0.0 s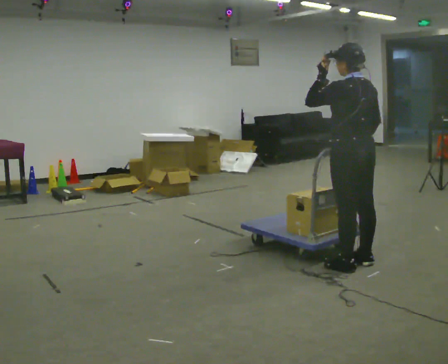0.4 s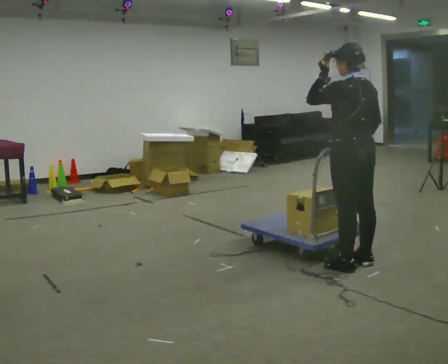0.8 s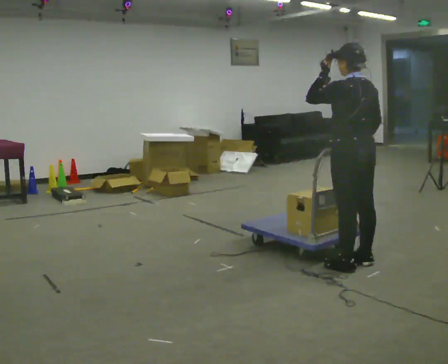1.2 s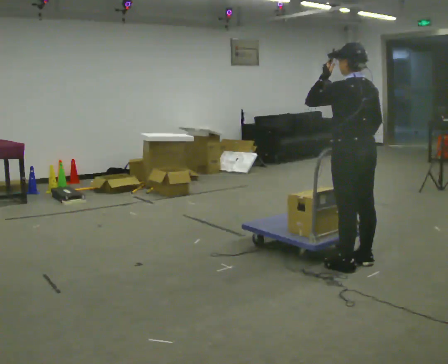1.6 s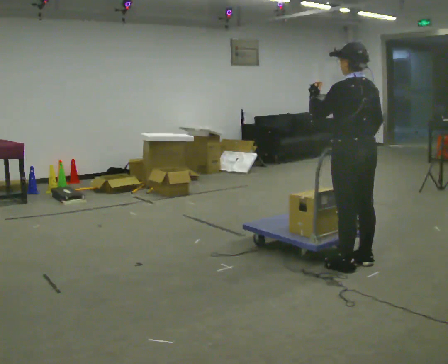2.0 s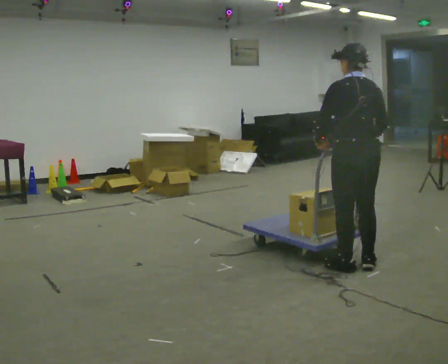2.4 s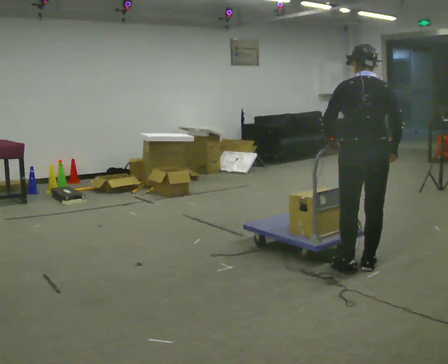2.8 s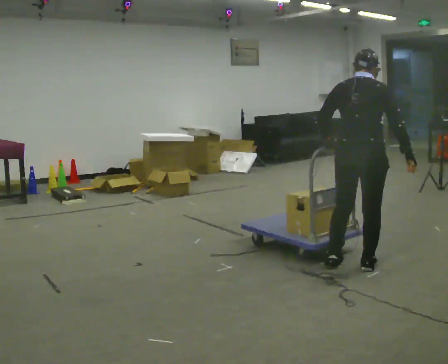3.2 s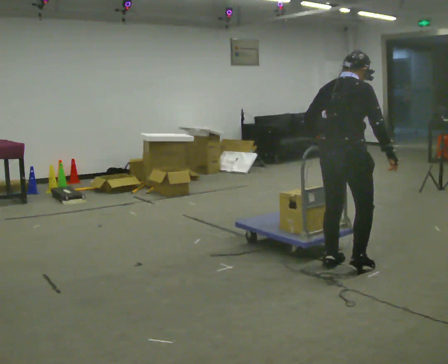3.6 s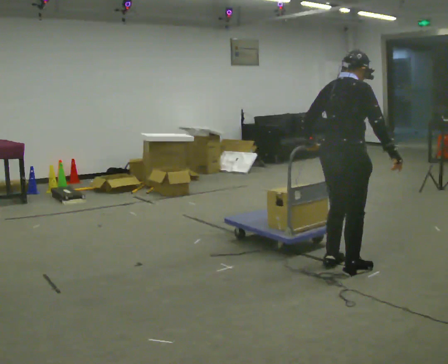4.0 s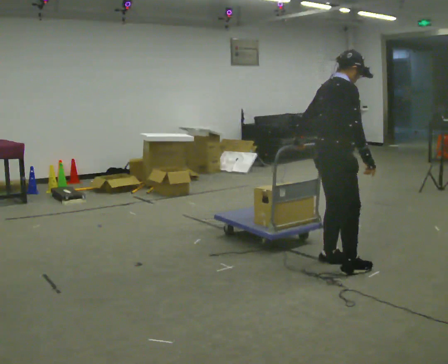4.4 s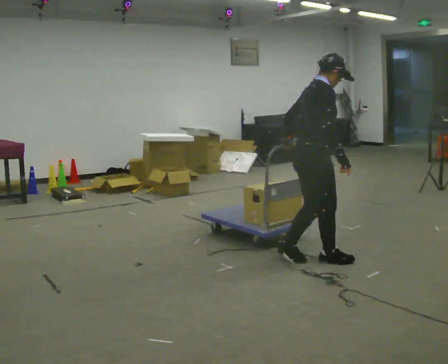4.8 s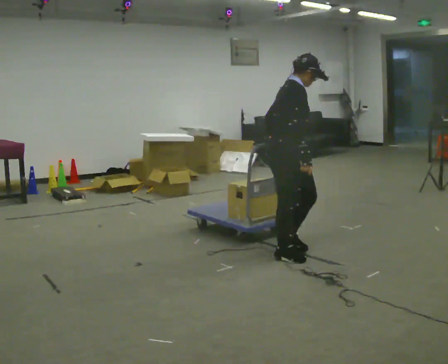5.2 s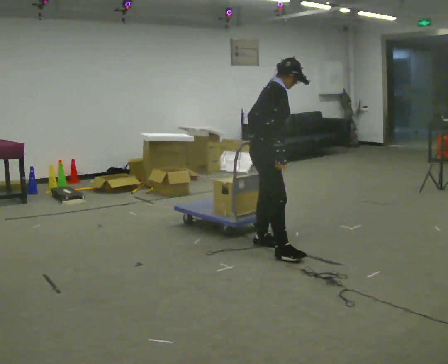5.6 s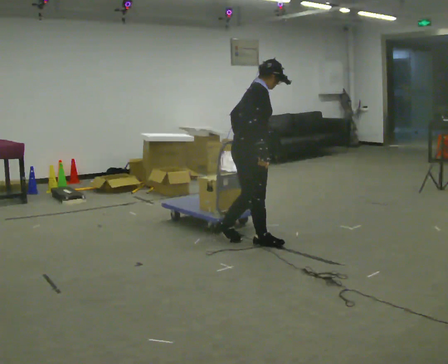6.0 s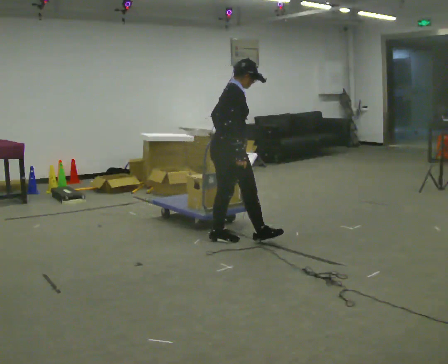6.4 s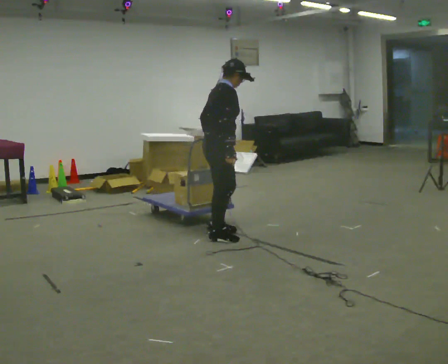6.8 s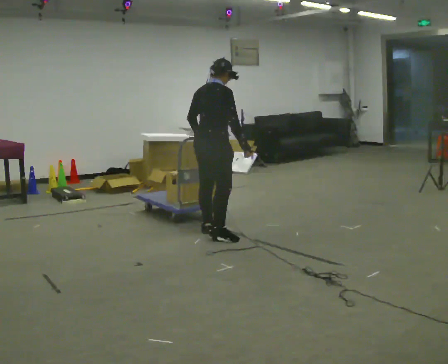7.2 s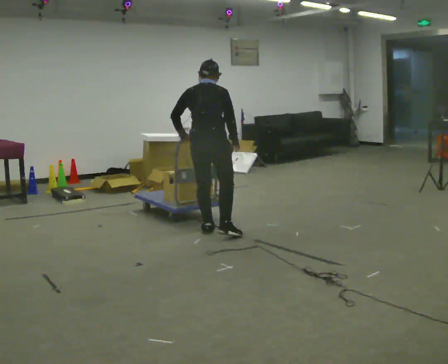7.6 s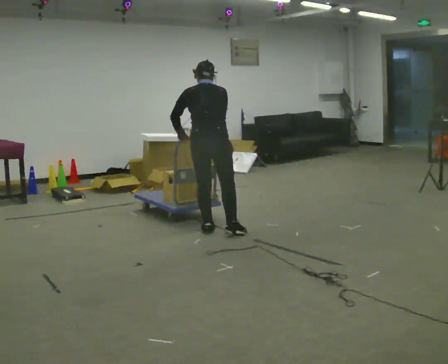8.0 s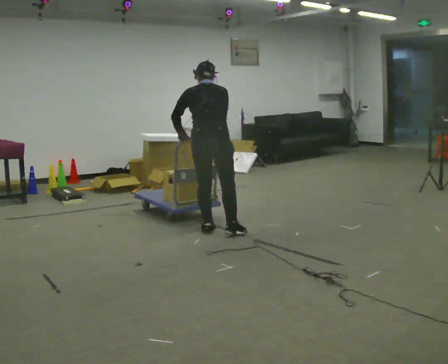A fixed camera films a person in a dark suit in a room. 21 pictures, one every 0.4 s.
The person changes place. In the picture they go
to the left.
Their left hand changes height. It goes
downward.
0.0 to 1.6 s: The person moves a little, or ends about where they began.
1.6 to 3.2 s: The part of the body nearest the lens slides to the left as the person turns to their right by about 75 degrees.
3.2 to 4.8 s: Seen from above the body turns clockwise, about 60 degrees: to their right, with its near side sliding to the left. In the picture they go to the left and away from the camera, about 0.5 m in 2 steps, which for them is backward and to their left.
4.8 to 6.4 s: In the picture they go to the left and away from the camera, about 1 m in 2 steps, which for them is backward and to their left.
6.4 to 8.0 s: The person turns about 75 degrees to their left, counterclockwise seen from above, so the part of the body nearest the lens slides to the right. In the picture they go away from the camera and to the left, about 0.25 m.
The film runs backward here.
